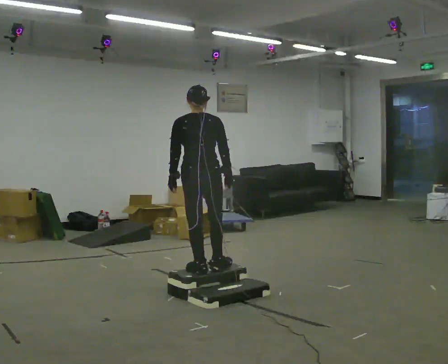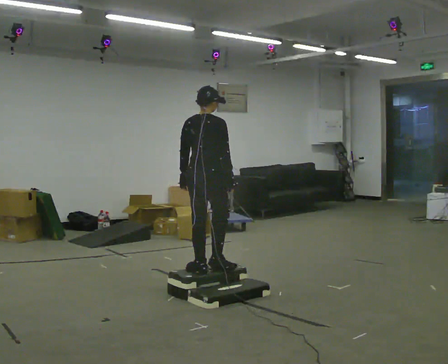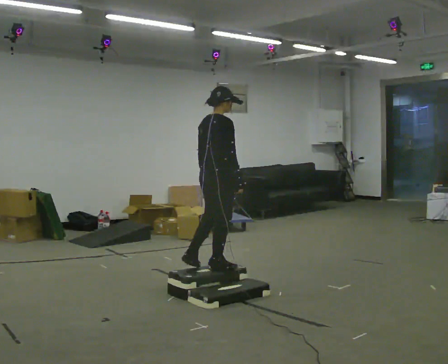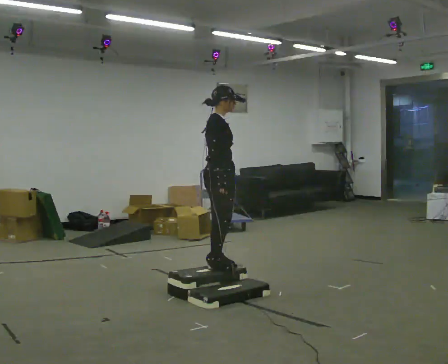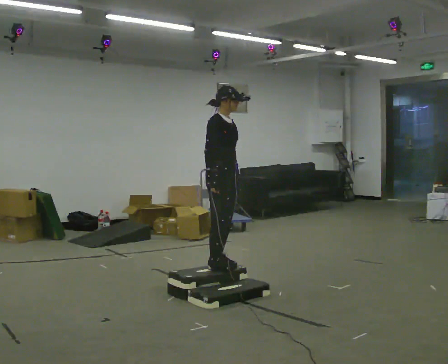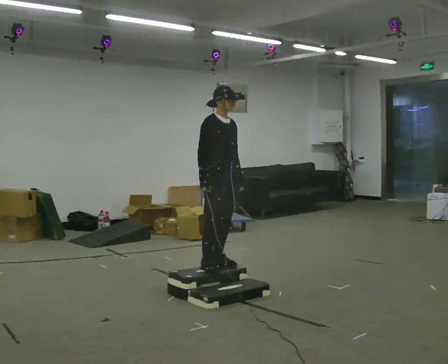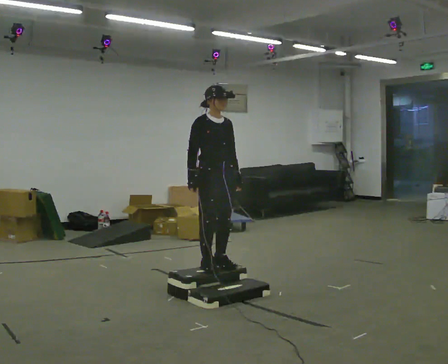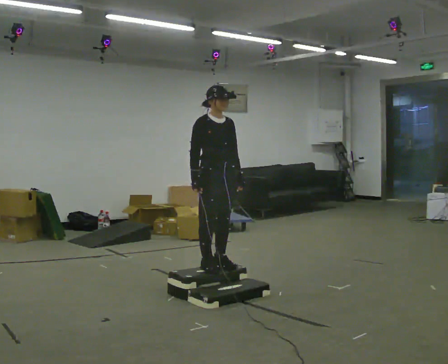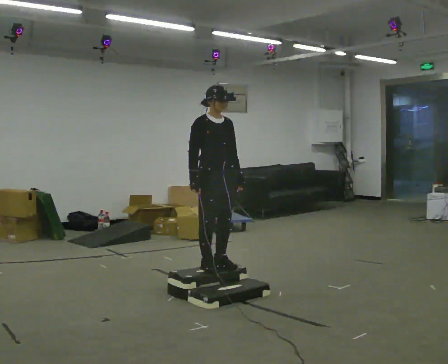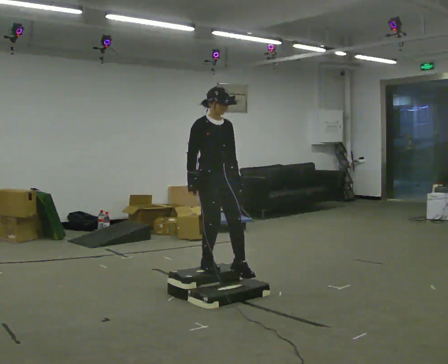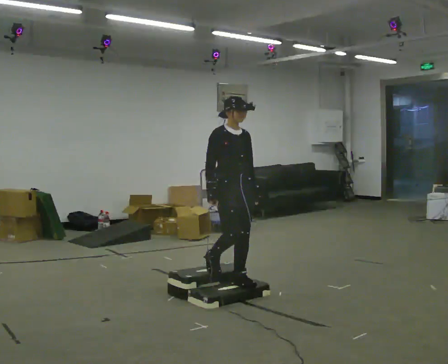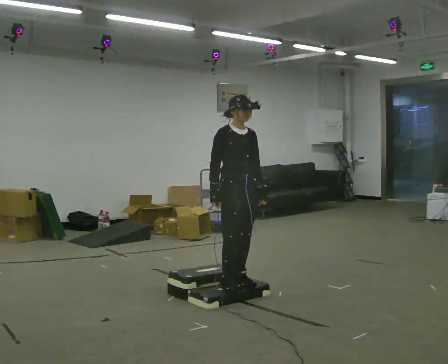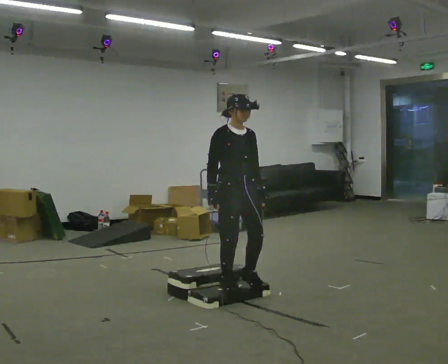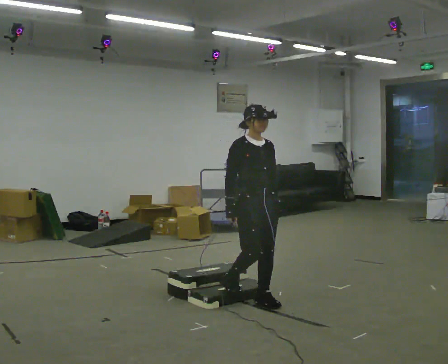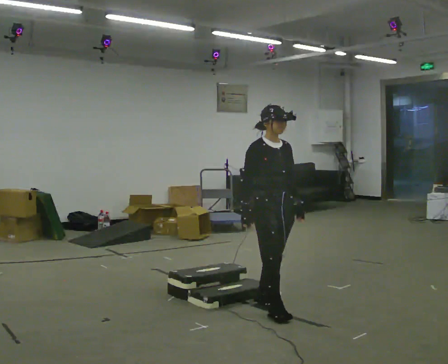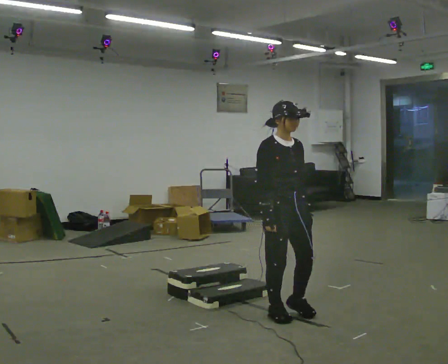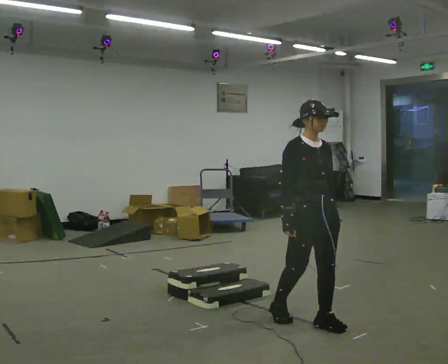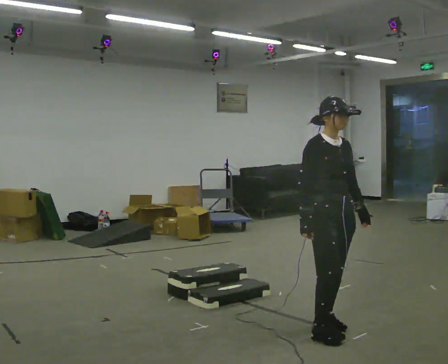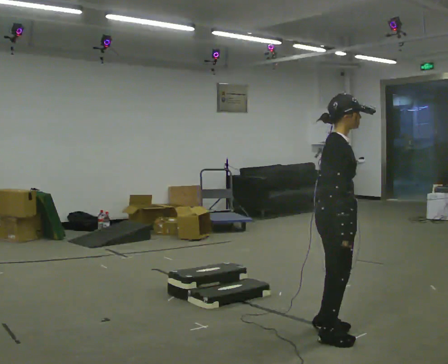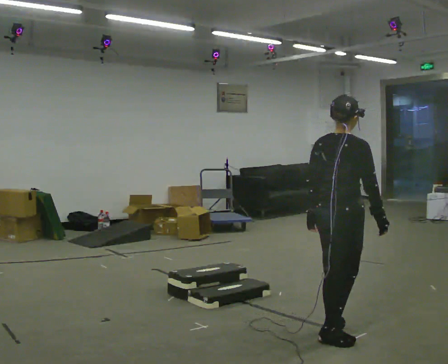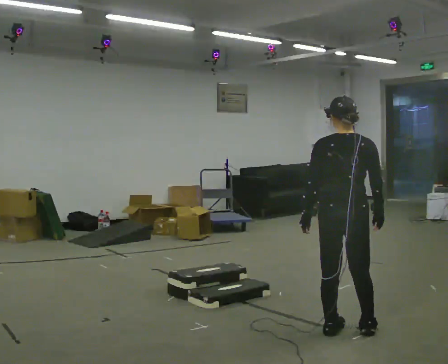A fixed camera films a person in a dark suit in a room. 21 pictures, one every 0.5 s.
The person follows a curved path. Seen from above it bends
clockwise.
0.0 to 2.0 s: The person turns about 120 degrees to their right, clockwise seen from above, so the part of the body nearest the lens slides to the left. In the picture they go away from the camera, about 0.25 m in 1 step.
2.0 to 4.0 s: Seen from above the body turns clockwise, about 30 degrees: to their right, with its near side sliding to the left.
4.0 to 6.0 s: In the picture they go toward the camera and to the right, about 0.25 m in 2 steps, which for them is forward.
6.0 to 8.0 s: In the picture they go toward the camera and to the right, about 1 m in 3 steps, which for them is forward.
8.0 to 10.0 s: The person turns about 135 degrees to their left, counterclockwise seen from above, so the part of the body nearest the lens slides to the right. In the picture they go to the right and toward the camera, about 0.25 m in 2 steps.
The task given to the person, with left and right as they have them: Walk up the three steps, turn at the top, and walk back down at a comfortable speed. Use the handrail only if you need it.
The film runs forward here.
